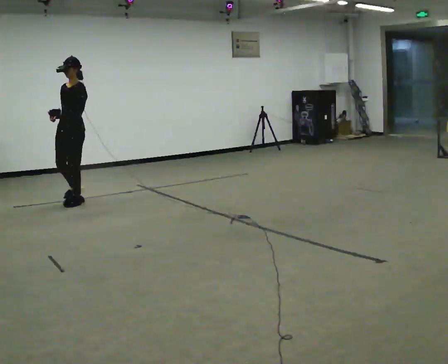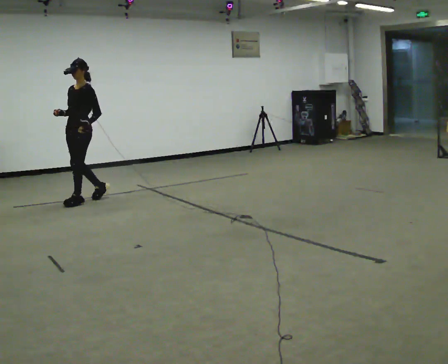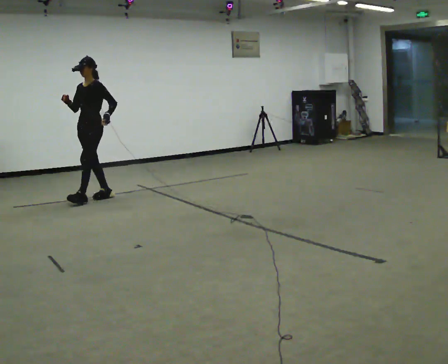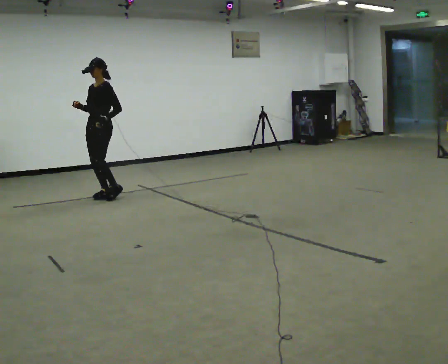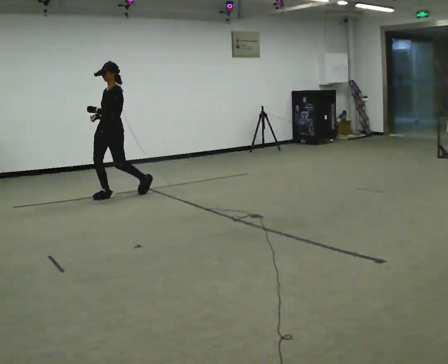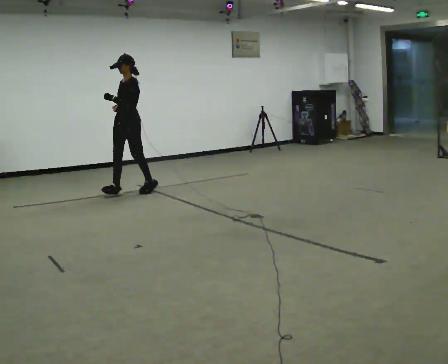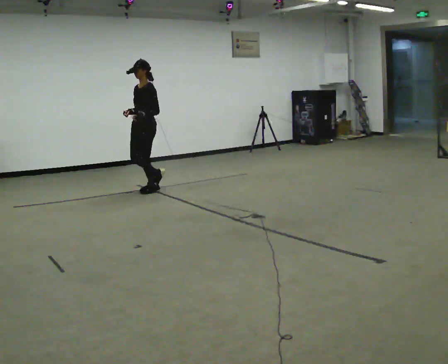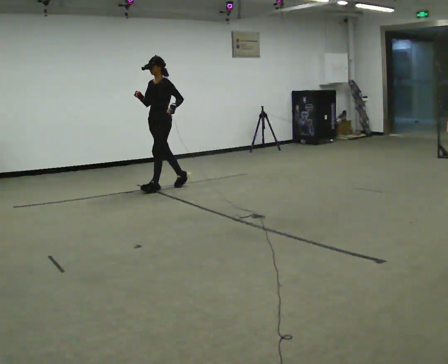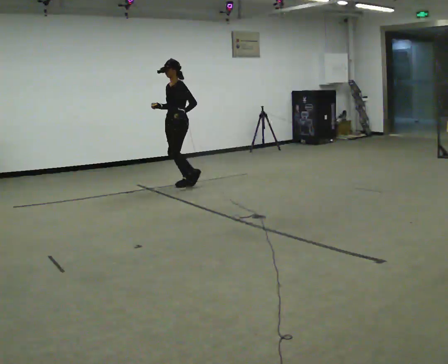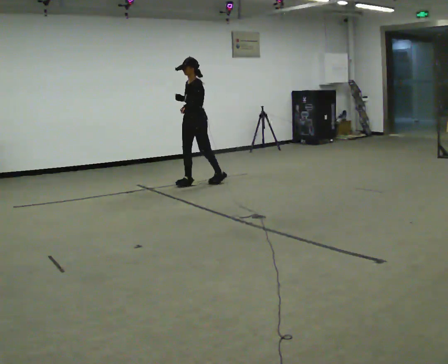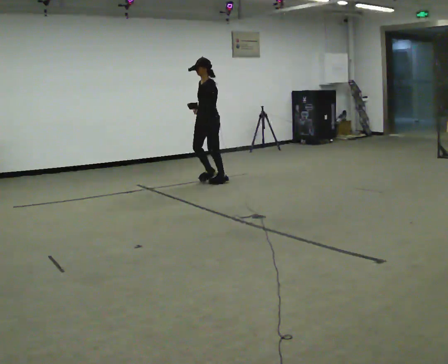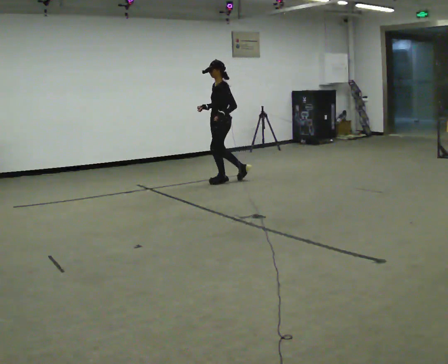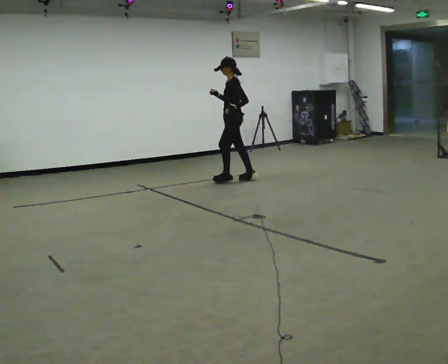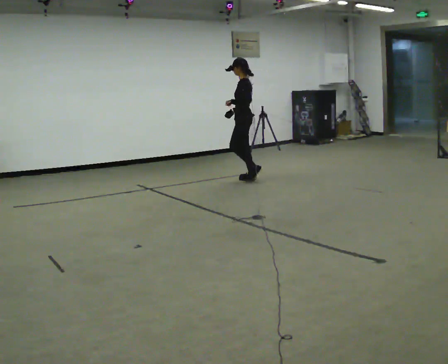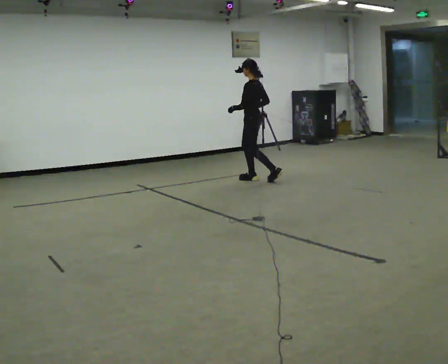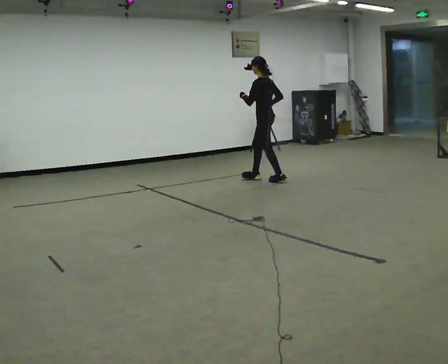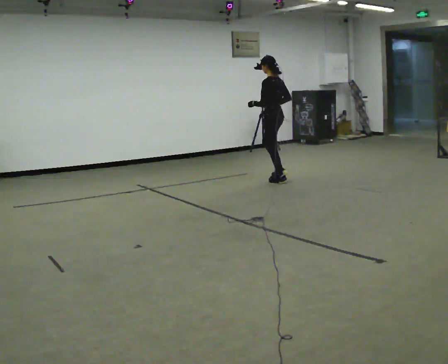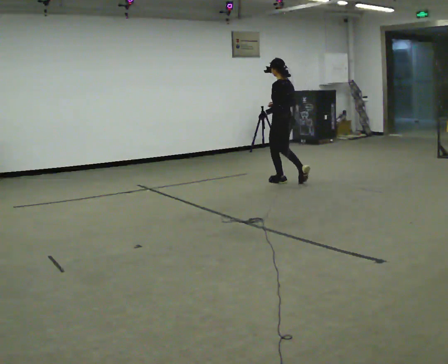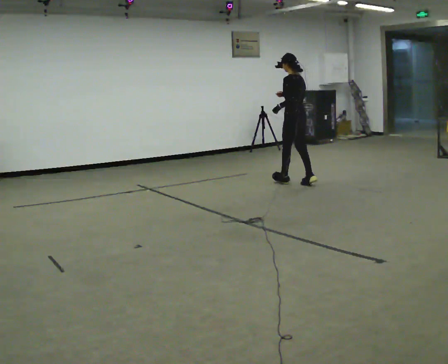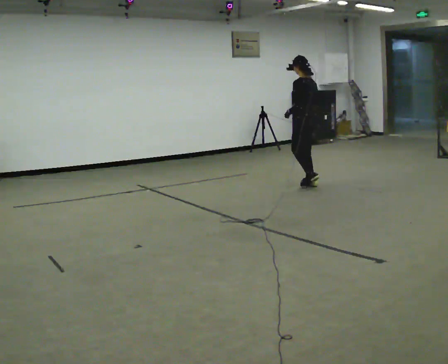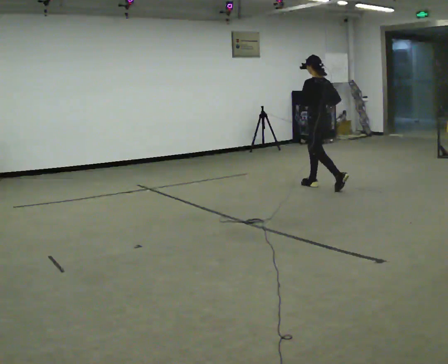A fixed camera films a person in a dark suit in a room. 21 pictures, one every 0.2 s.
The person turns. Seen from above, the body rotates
clockwise.
The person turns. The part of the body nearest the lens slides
to the left.
0.0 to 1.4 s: In the picture they go to the right and away from the camera, about 1 m in 3 steps, which for them is backward.
1.4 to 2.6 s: The part of the body nearest the lens slides to the left as the person turns to their right by about 45 degrees. In the picture they go to the right and away from the camera, about 1 m in 2 steps, which for them is backward.
2.6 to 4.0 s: The person turns about 45 degrees to their right, clockwise seen from above, so the part of the body nearest the lens slides to the left. In the picture they go to the right and toward the camera, about 1 m in 2 steps, which for them is backward.
The film runs backward here.
